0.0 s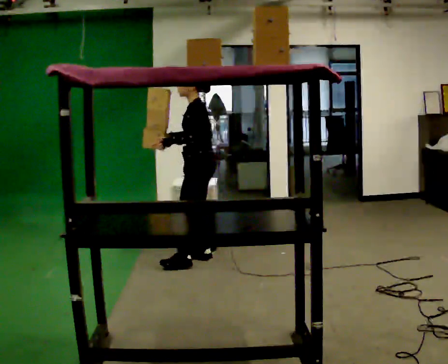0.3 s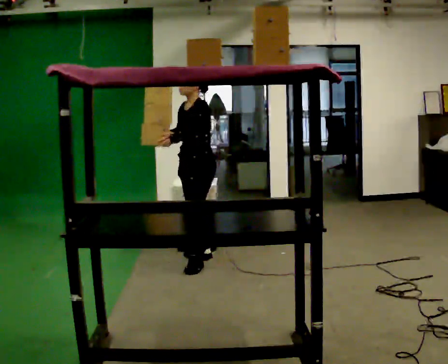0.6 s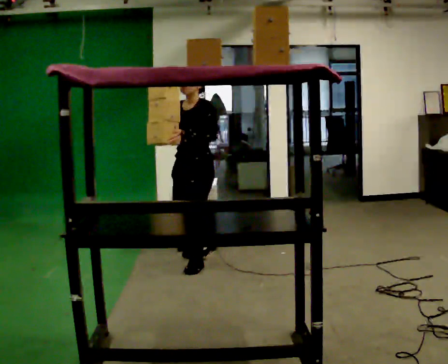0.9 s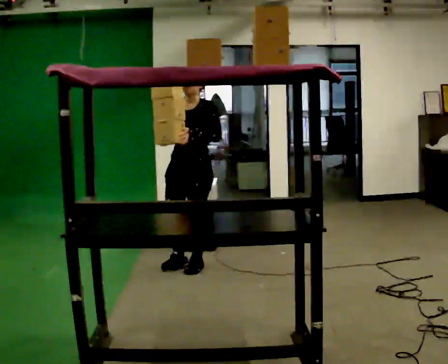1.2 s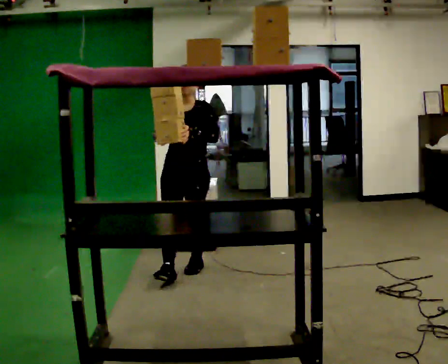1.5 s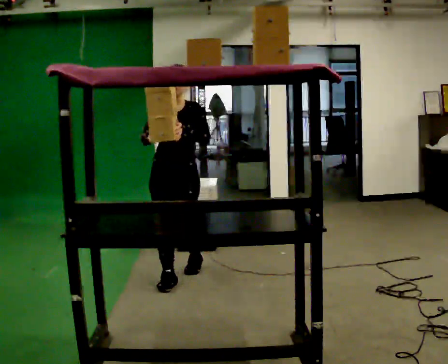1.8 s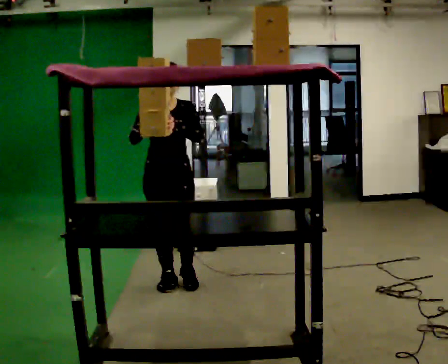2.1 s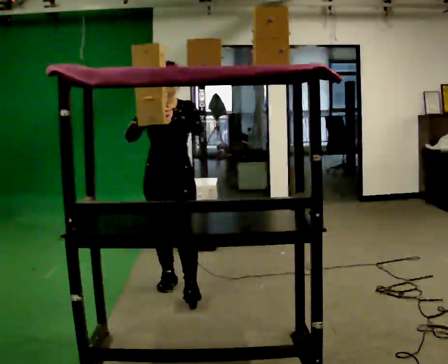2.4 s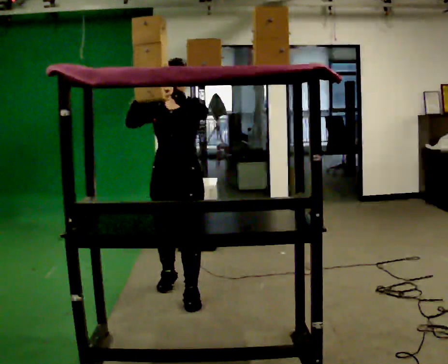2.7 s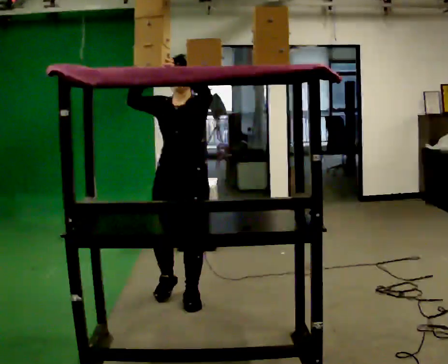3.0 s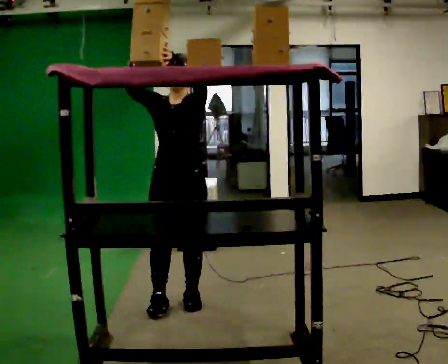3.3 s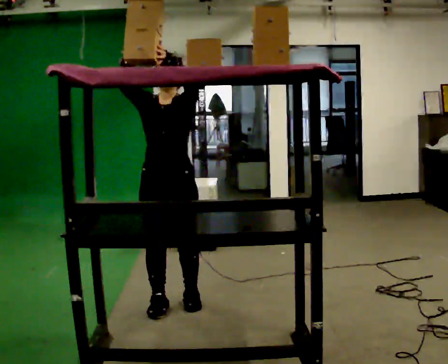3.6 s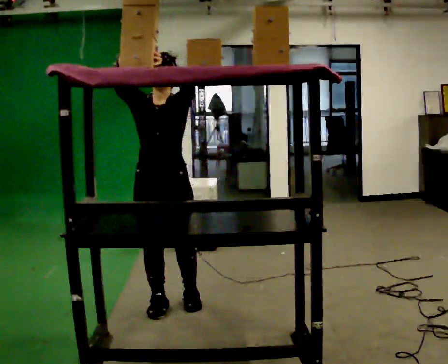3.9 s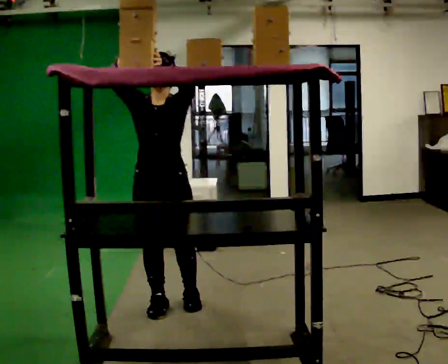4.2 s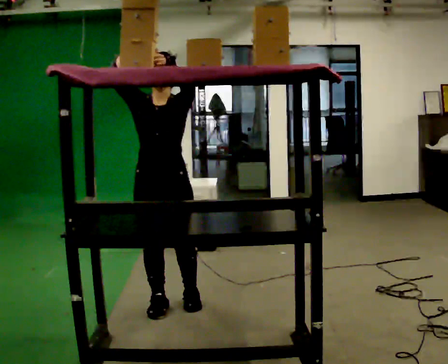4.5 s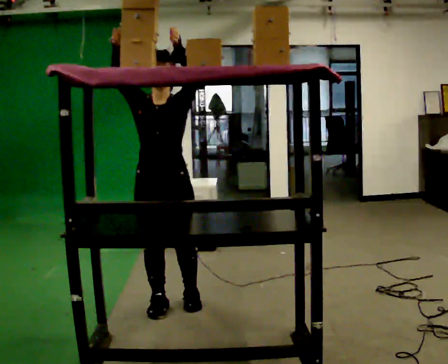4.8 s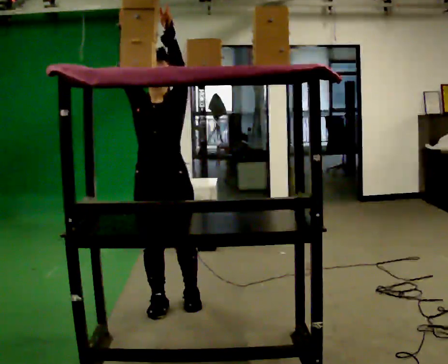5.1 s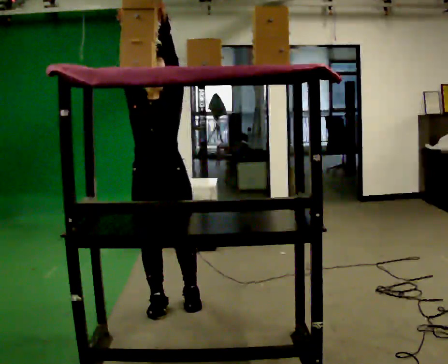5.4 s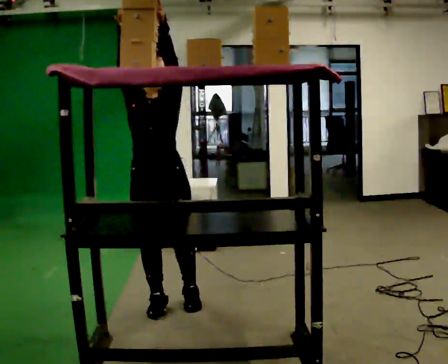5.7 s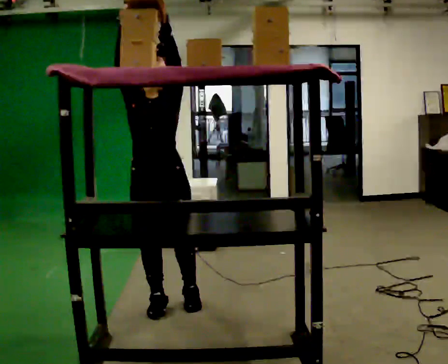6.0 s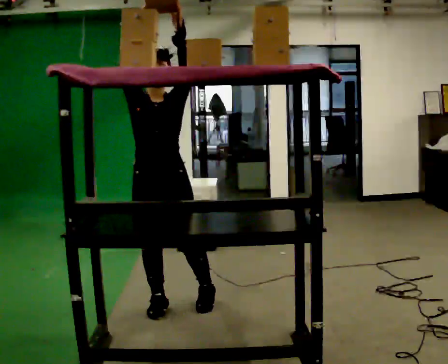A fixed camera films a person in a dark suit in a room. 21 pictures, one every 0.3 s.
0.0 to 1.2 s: The person turns about 75 degrees to their left, counterclockwise seen from above, so the part of the body nearest the lens slides to the right. In the picture they go toward the camera and to the left, about 0.5 m in 1 step.
1.2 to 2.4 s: In the picture they go toward the camera, about 0.5 m in 2 steps, which for them is forward.
2.4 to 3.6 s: In the picture they go toward the camera, about 0.25 m in 1 step, which for them is forward.
3.6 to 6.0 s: The person moves a little, or ends about where they began.
The film runs forward here.
